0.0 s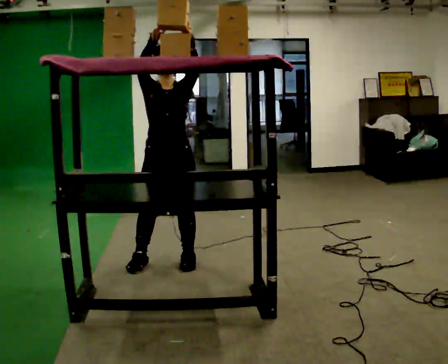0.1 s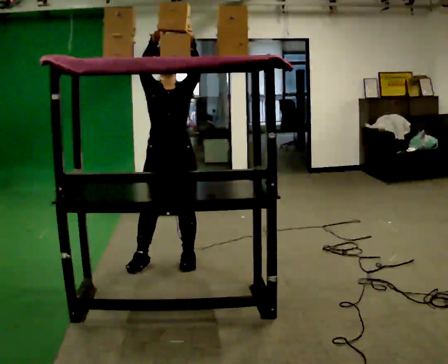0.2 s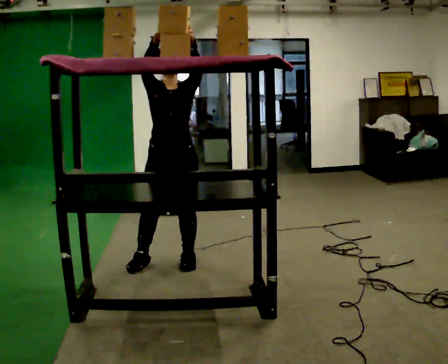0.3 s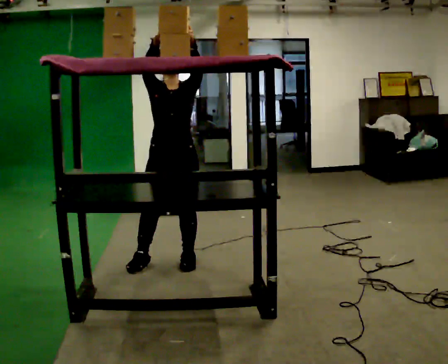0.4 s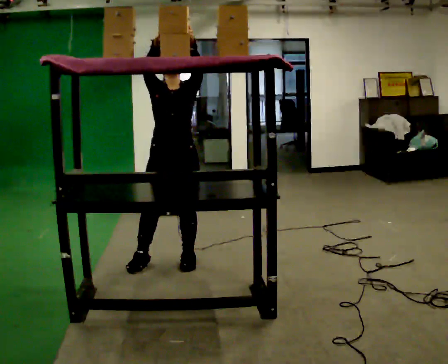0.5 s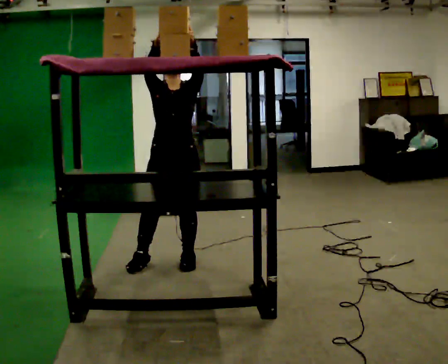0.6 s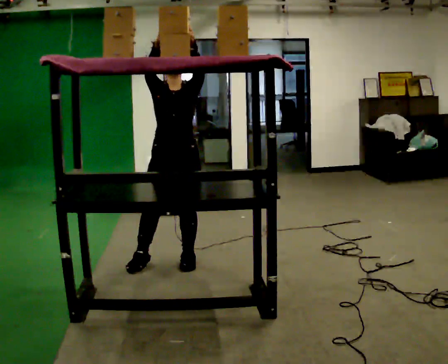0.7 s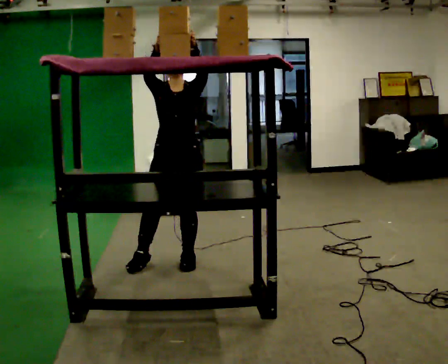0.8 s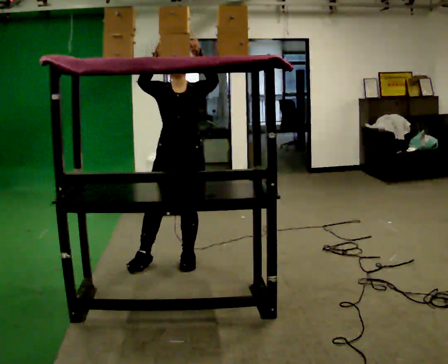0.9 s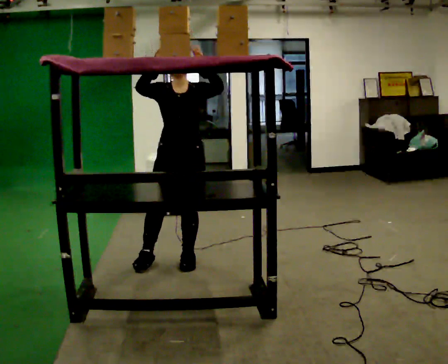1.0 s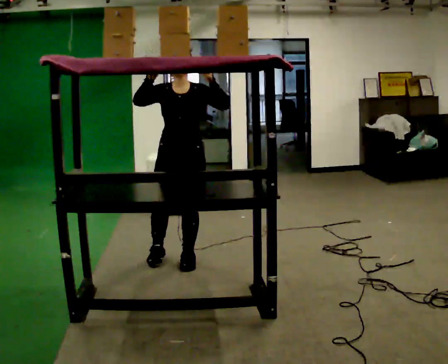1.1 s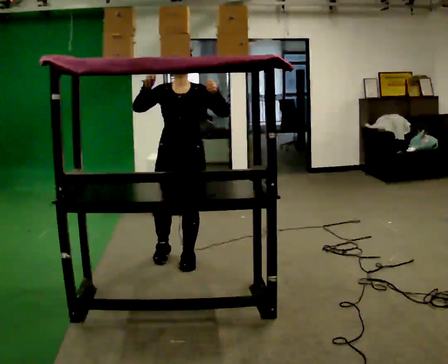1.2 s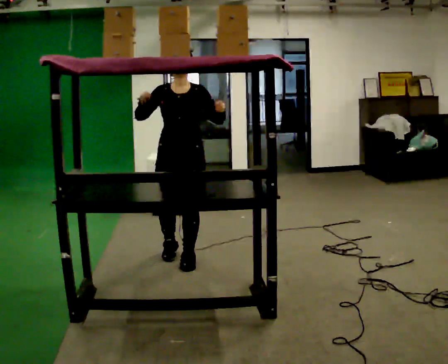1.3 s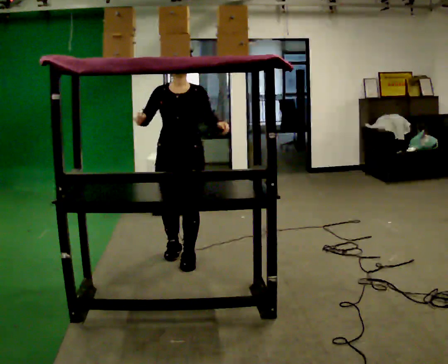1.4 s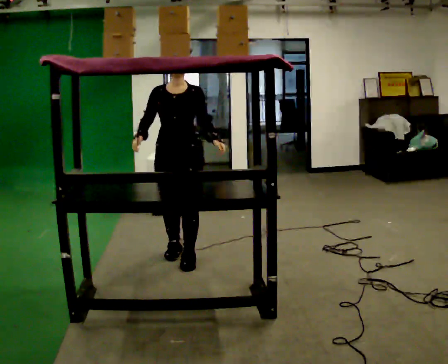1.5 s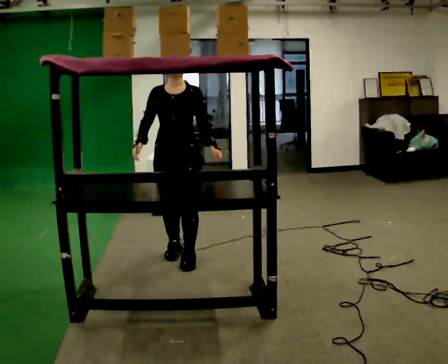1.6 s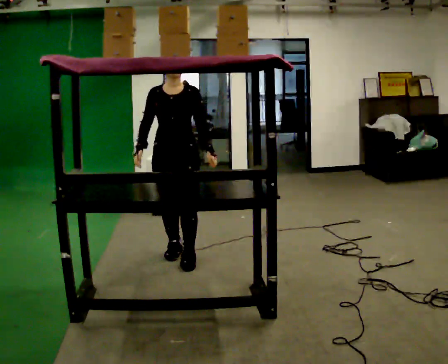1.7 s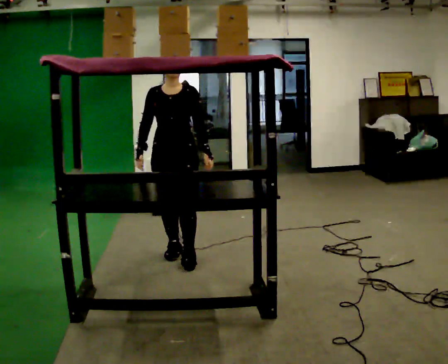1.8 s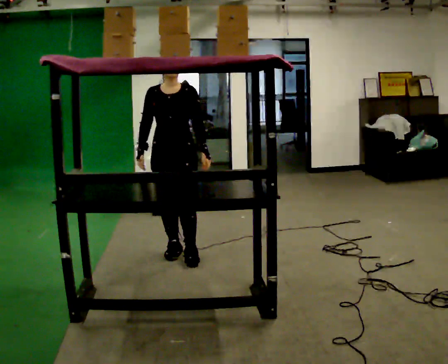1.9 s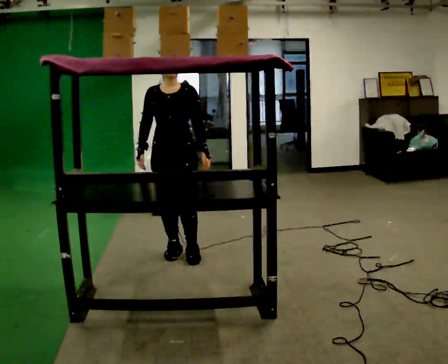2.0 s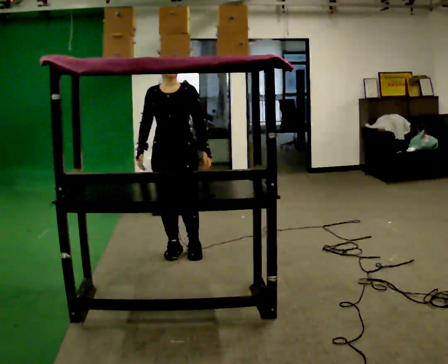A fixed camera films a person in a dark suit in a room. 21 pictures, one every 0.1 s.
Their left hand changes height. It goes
downward.
Their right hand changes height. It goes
downward.
0.0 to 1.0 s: The person moves a little, or ends about where they began.
1.0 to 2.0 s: In the picture they go away from the camera, about 0.25 m in 2 steps, which for them is backward. In the picture their right hand goes downward.
The film runs forward here.
